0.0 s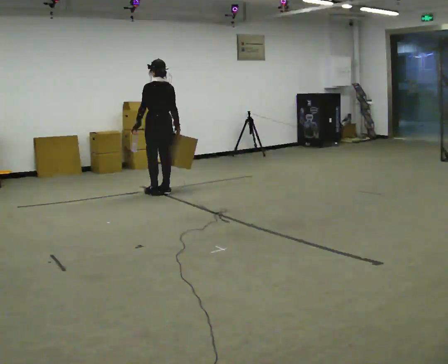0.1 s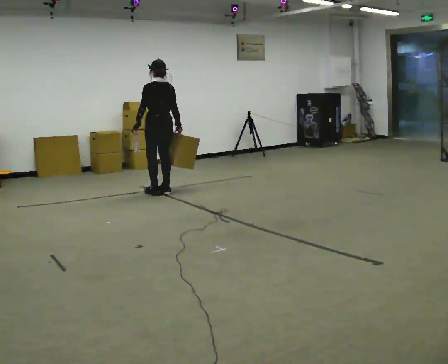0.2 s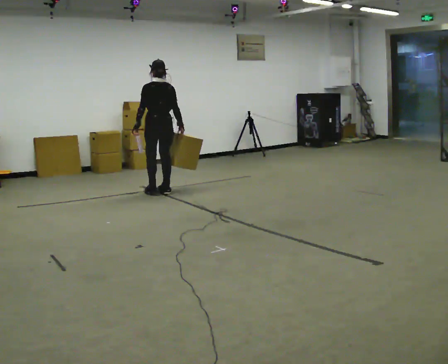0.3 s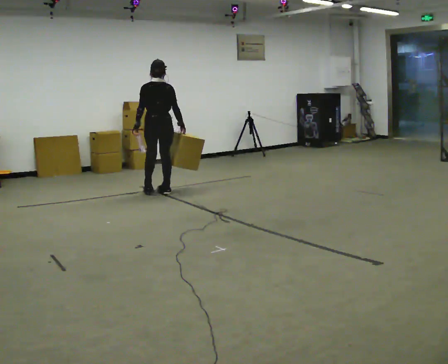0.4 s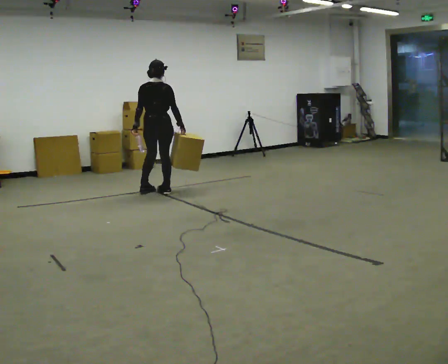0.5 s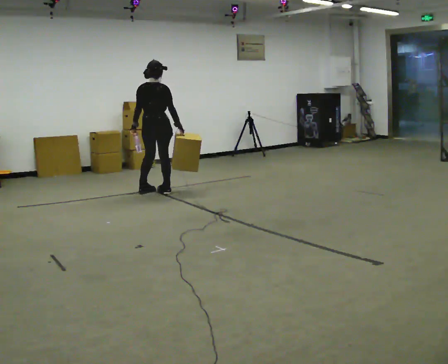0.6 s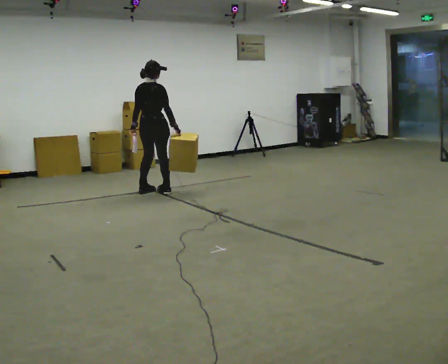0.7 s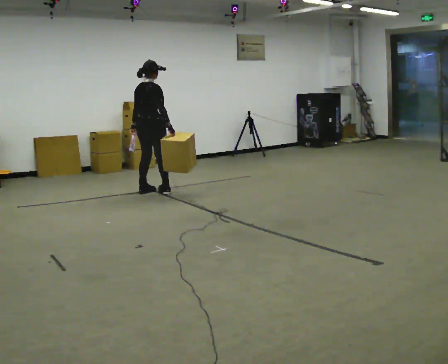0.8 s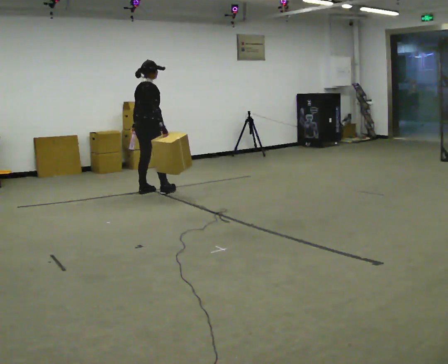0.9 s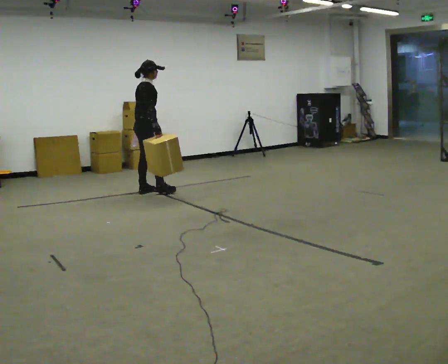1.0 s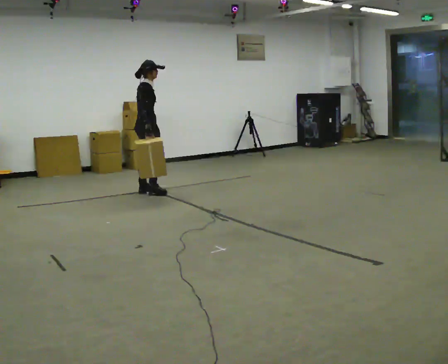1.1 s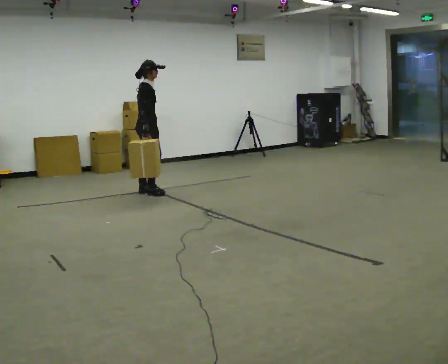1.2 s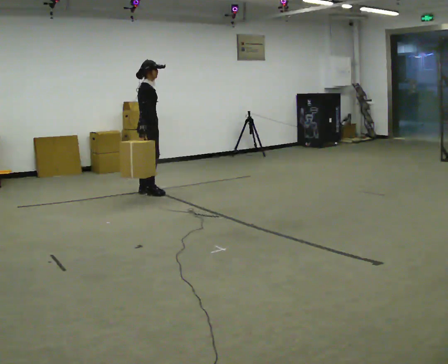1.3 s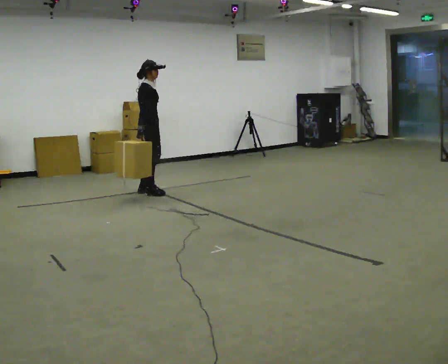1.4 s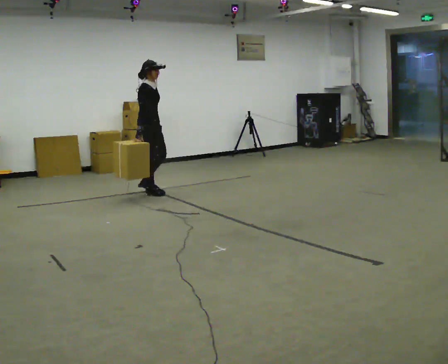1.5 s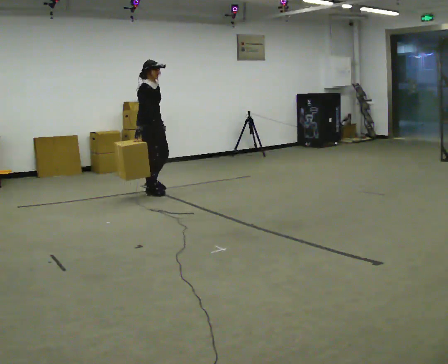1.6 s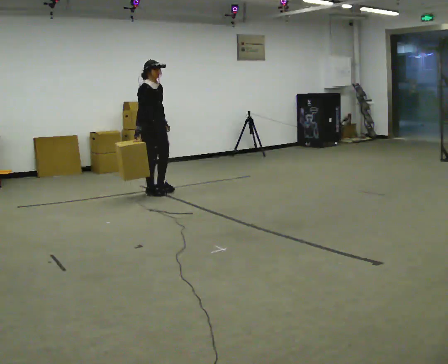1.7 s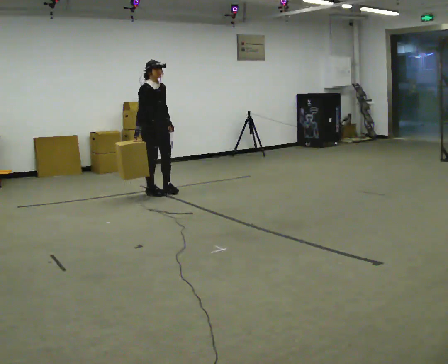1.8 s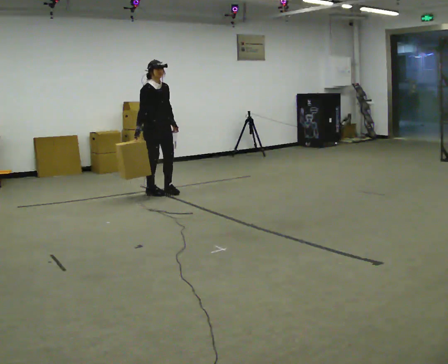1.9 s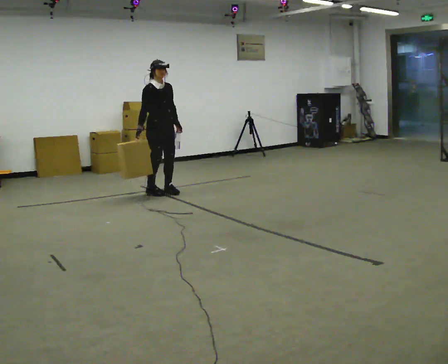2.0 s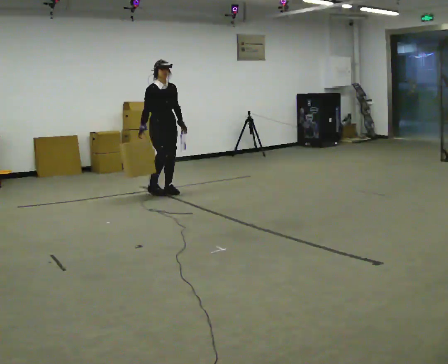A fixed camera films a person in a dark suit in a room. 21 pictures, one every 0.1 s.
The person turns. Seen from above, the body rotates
clockwise.
The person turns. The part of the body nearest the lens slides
to the left.
0.0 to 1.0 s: The person turns about 105 degrees to their right, clockwise seen from above, so the part of the body nearest the lens slides to the left. In the picture they go to the left, about 0.25 m in 2 steps. In the picture their right hand goes to the left.
1.0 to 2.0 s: The person turns about 75 degrees to their right, clockwise seen from above, so the part of the body nearest the lens slides to the left. In the picture they go to the right, about 0.25 m in 1 step. In the picture their left hand goes to the right.
The film runs forward here.
